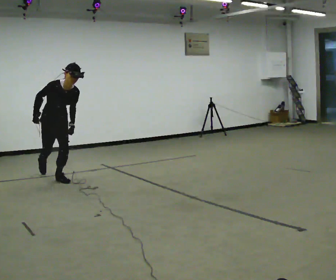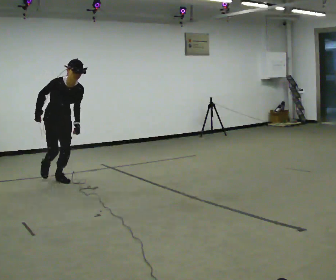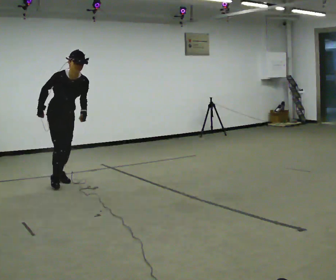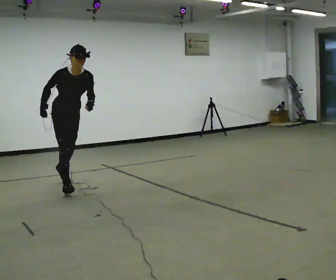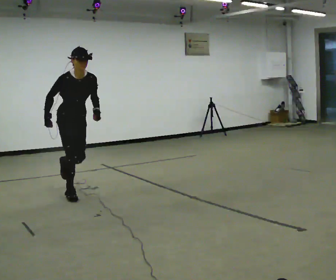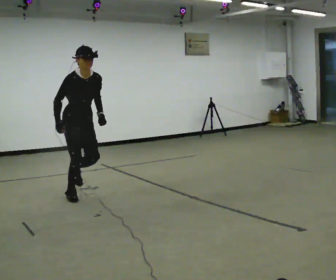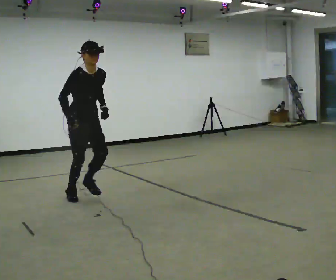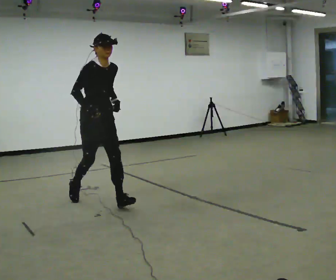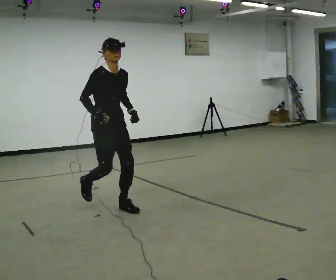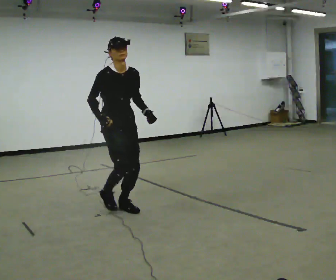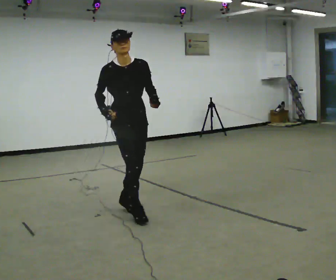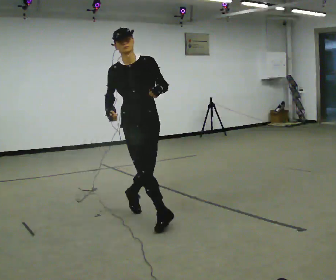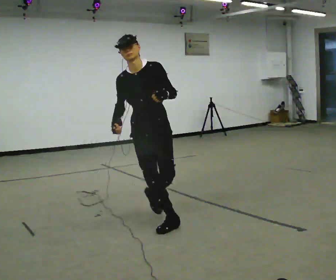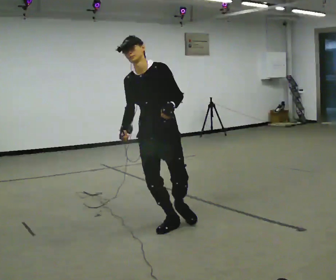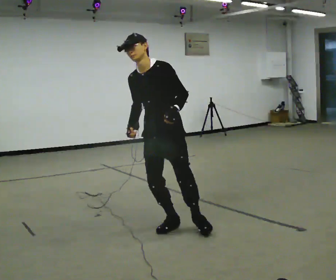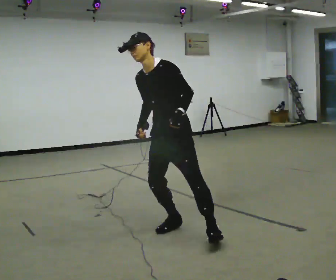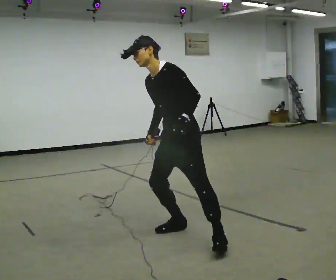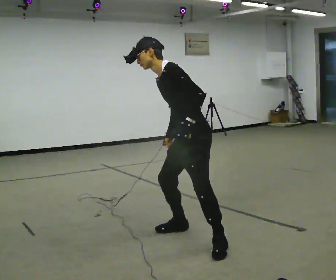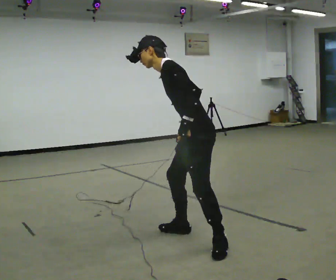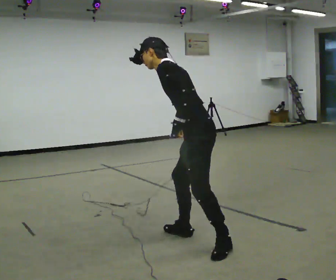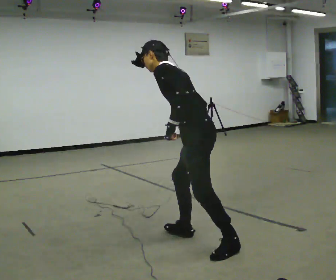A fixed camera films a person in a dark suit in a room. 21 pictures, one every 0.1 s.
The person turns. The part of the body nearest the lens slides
to the left.
The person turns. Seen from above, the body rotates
clockwise.
0.0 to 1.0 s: In the picture they go toward the camera and to the right, about 1.5 m in 2 steps, which for them is forward. In the picture the upper body tilts counterclockwise, shoulders to the left, as they lean back or straighten. In the picture their left hand goes upward.
1.0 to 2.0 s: Seen from above the body turns clockwise, about 135 degrees: to their right, with its near side sliding to the left. In the picture they go toward the camera and to the right, about 1 m in 3 steps. The upper body tips away from the camera, its near side rolling upward, as they bend forward.
The film runs forward here.
